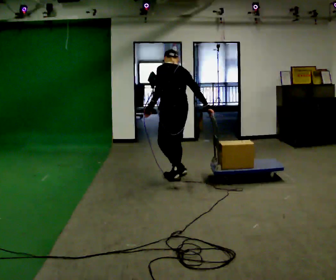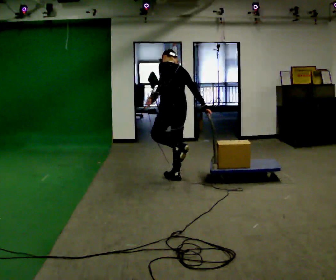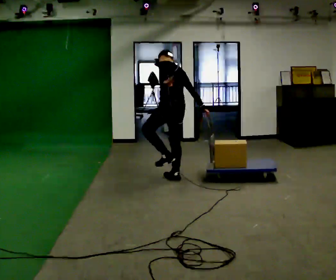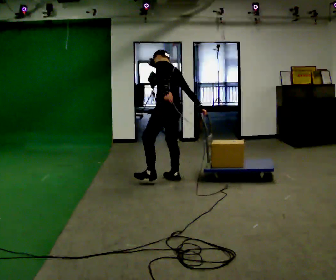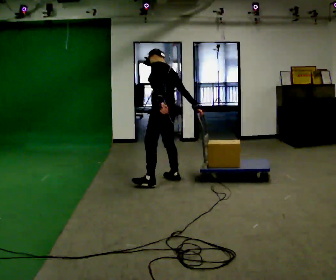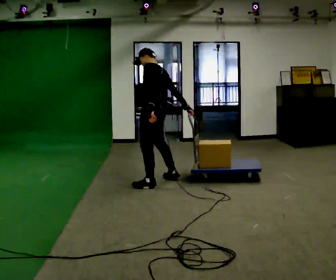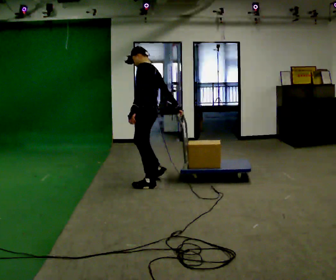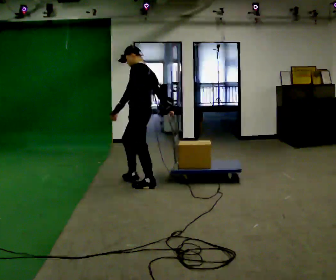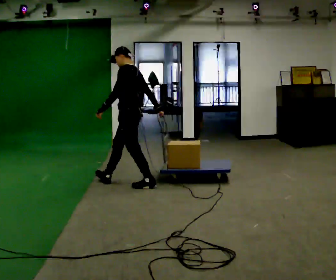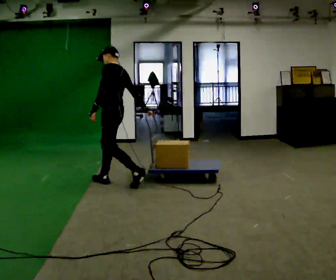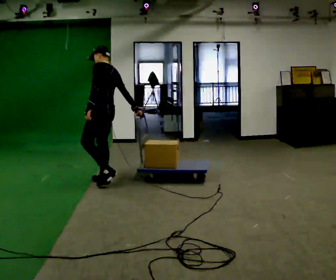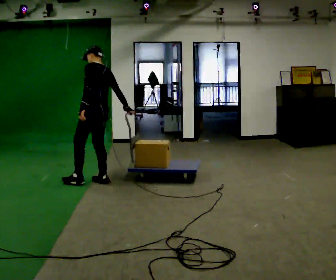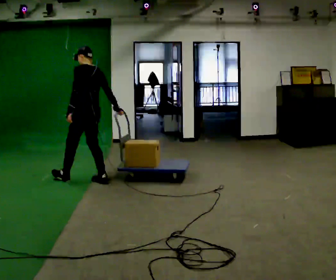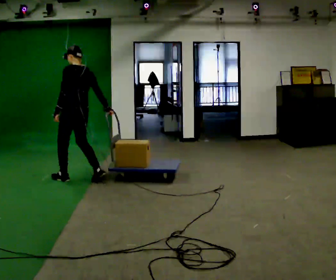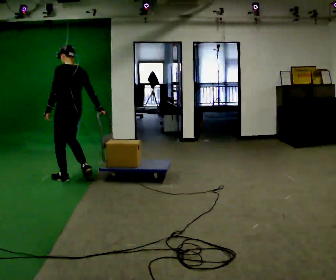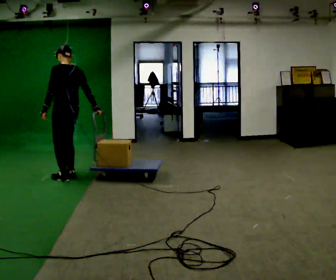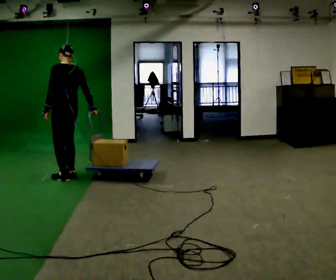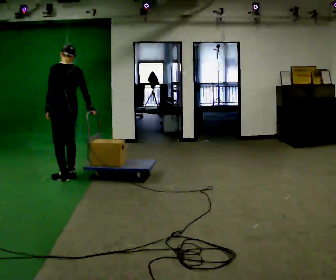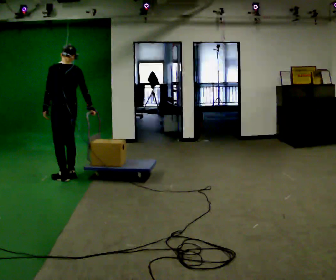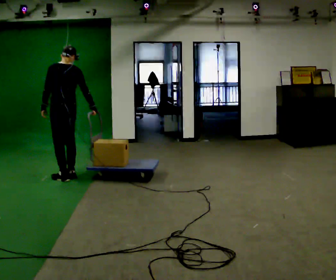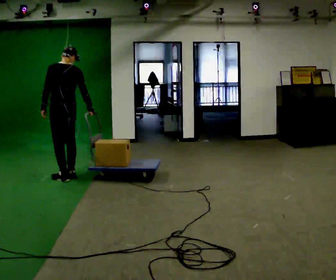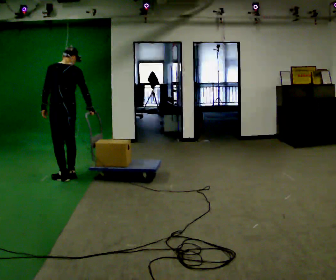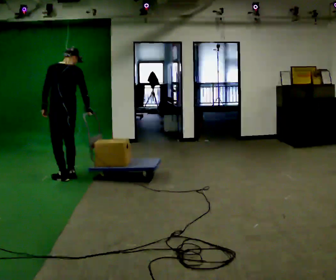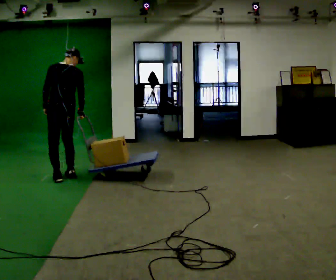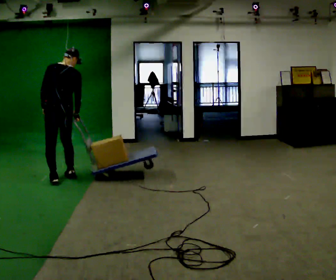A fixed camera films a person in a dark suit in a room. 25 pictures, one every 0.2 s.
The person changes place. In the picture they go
to the left.
0.0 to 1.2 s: The person turns about 45 degrees to their left, counterclockwise seen from above, so the part of the body nearest the lens slides to the right. In the picture they go to the left, about 0.25 m in 1 step, which for them is to their left and forward.
1.2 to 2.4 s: In the picture they go to the left, about 1 m in 2 steps, which for them is forward.
2.4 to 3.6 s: In the picture they go to the left and away from the camera, about 0.25 m in 1 step, which for them is forward.
3.6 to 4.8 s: The person moves a little, or ends about where they began.
The film runs forward here.
